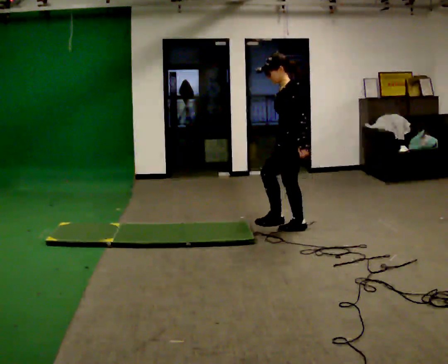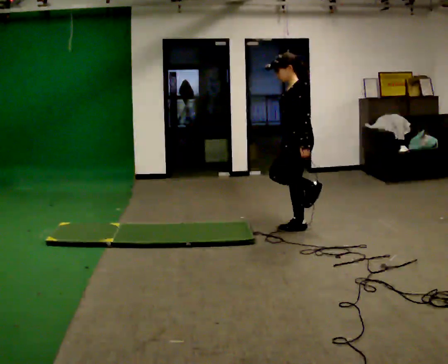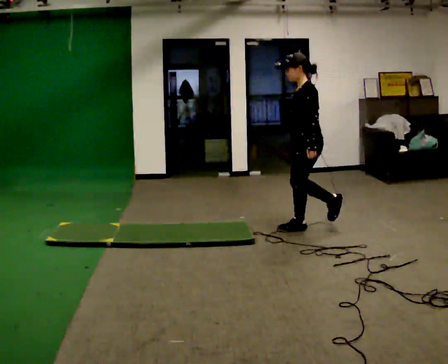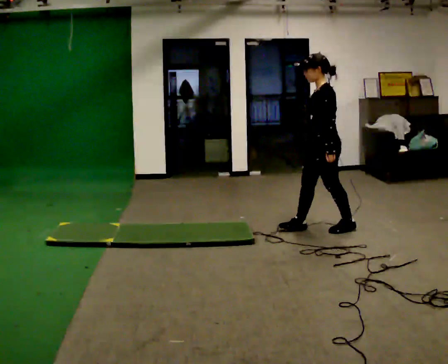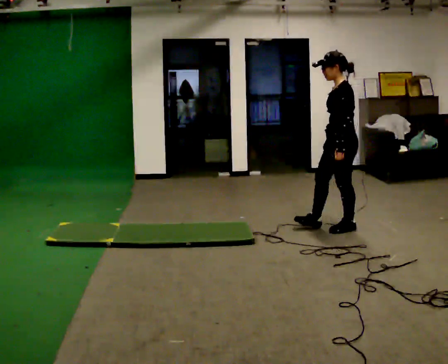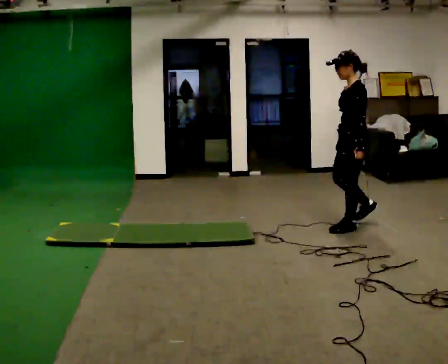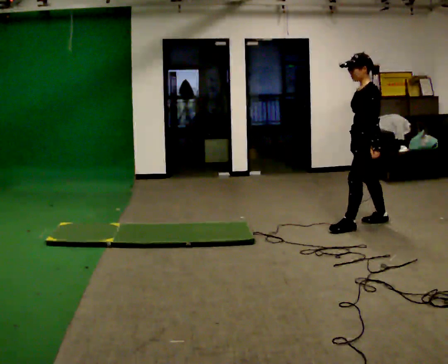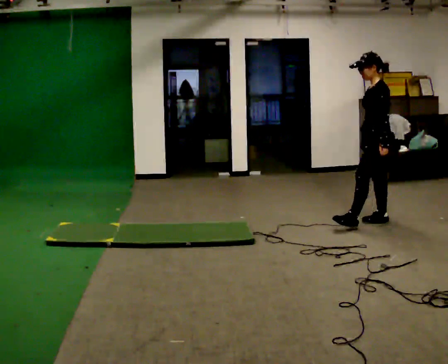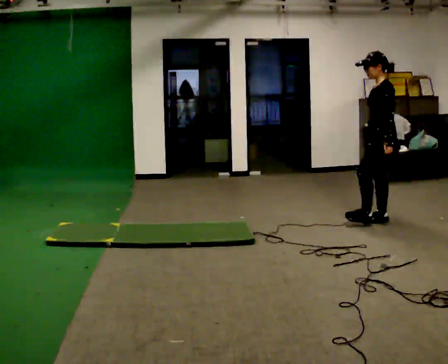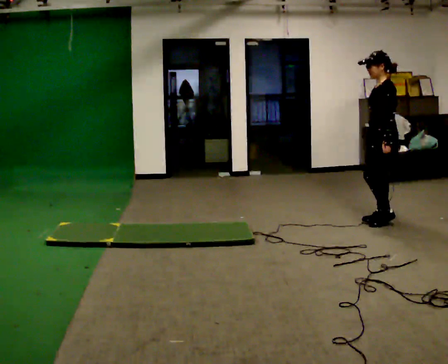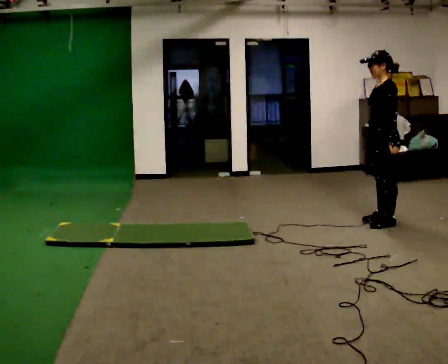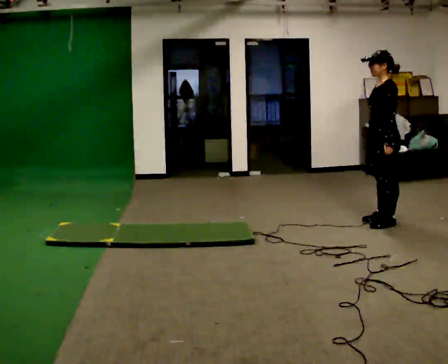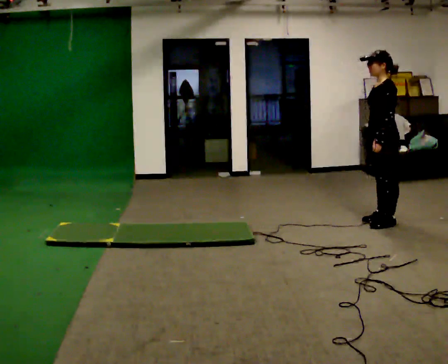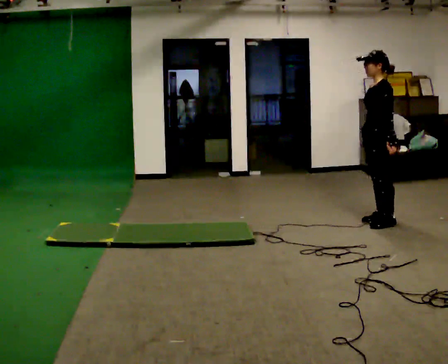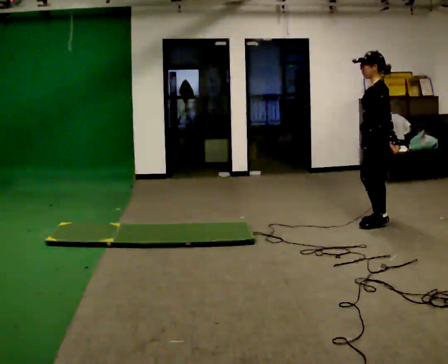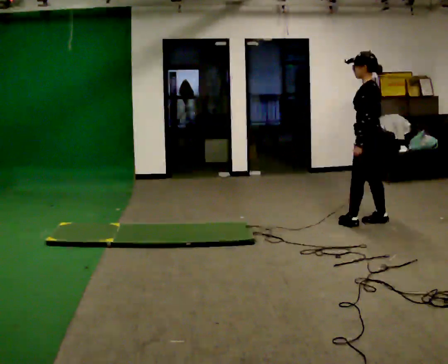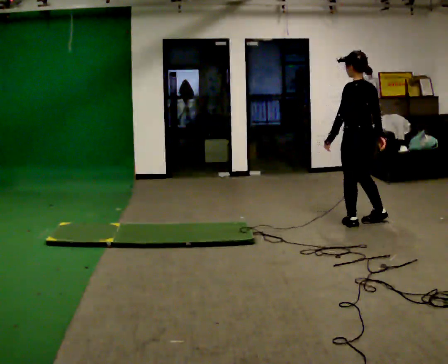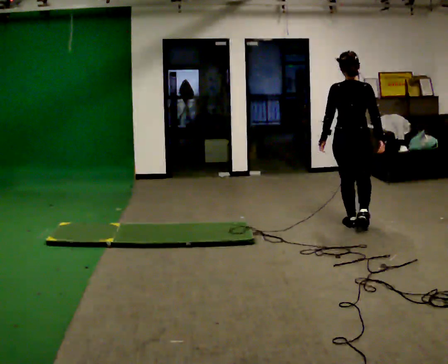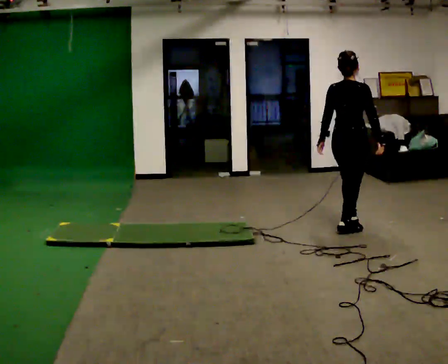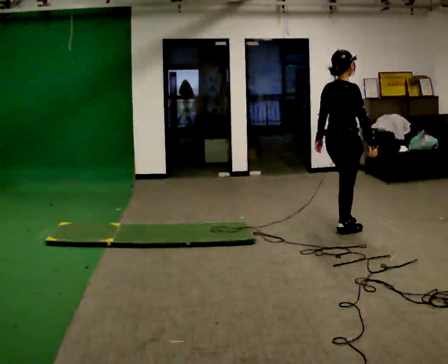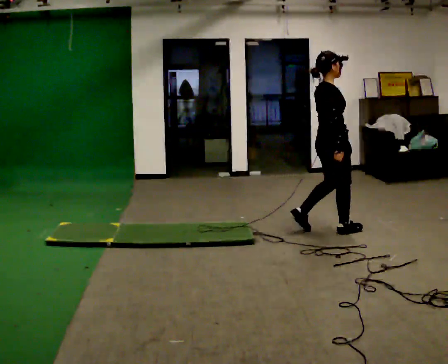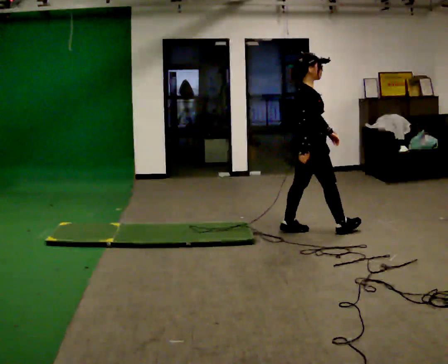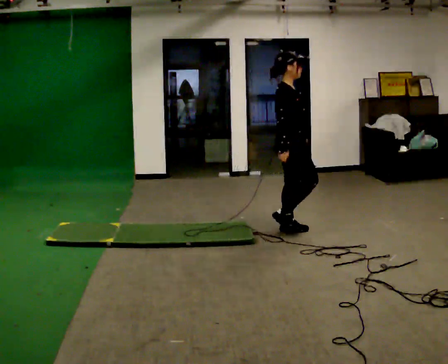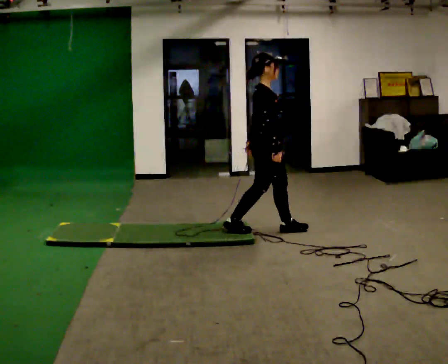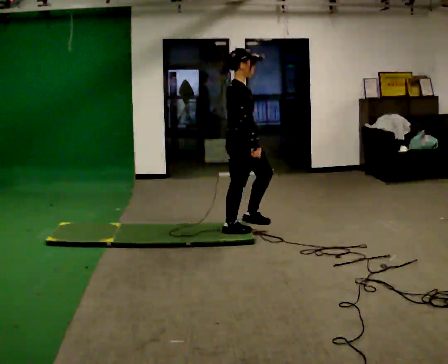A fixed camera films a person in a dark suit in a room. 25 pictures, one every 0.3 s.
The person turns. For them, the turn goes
to their right.
The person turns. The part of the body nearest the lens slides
to the left.
0.0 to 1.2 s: In the picture they go to the right, about 0.5 m in 1 step, which for them is backward.
1.2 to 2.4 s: In the picture they go to the right and away from the camera, about 0.5 m in 1 step, which for them is backward.
2.4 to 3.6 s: The person moves a little, or ends about where they began.
3.6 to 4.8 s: The person turns about 60 degrees to their right, clockwise seen from above, so the part of the body nearest the lens slides to the left. In the picture they go to the left, about 0.25 m in 1 step, which for them is forward.
4.8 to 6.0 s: Seen from above the body turns clockwise, about 120 degrees: to their right, with its near side sliding to the left. In the picture they go toward the camera and to the left, about 0.25 m in 2 steps.
6.0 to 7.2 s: In the picture they go to the left, about 1 m in 2 steps, which for them is backward.
The film runs backward here.
